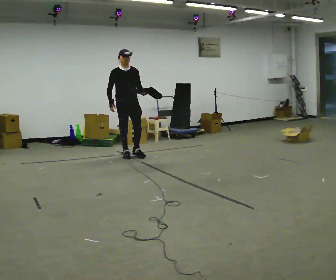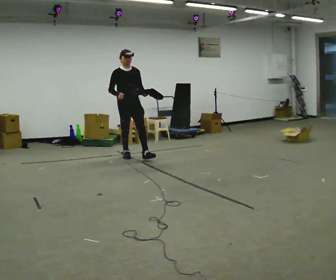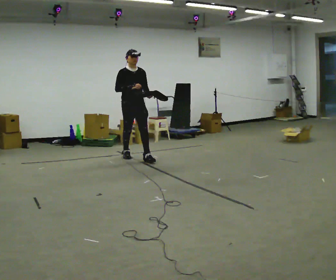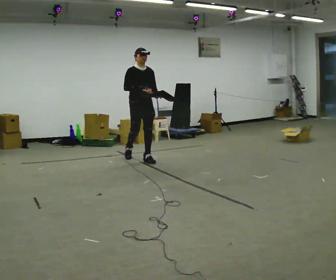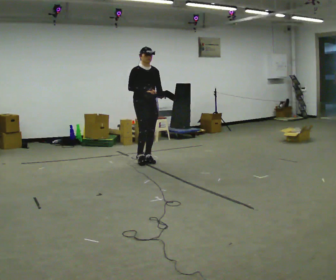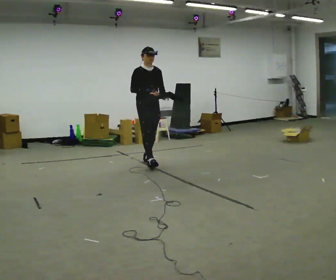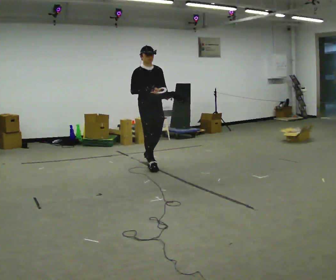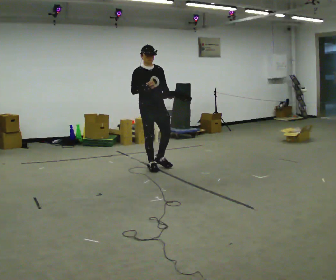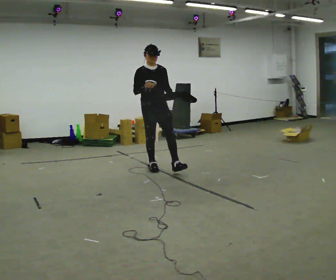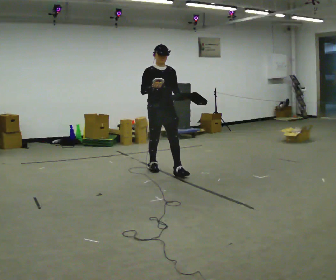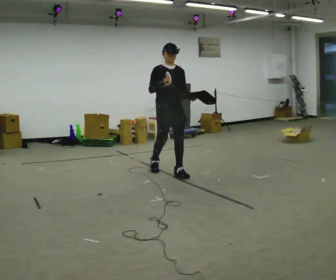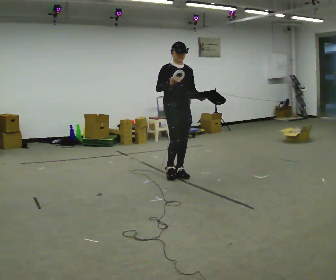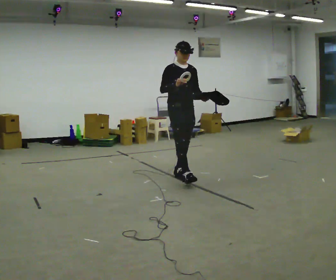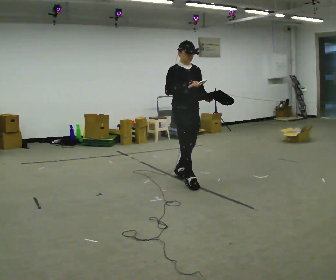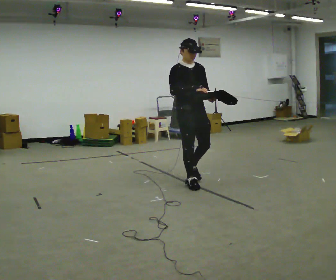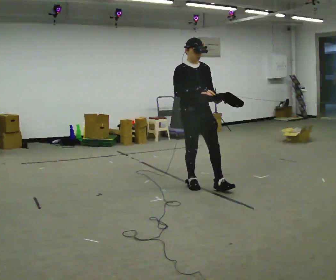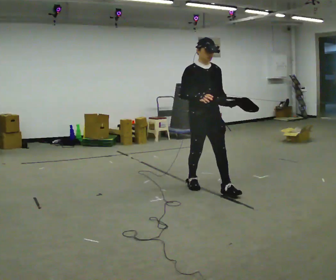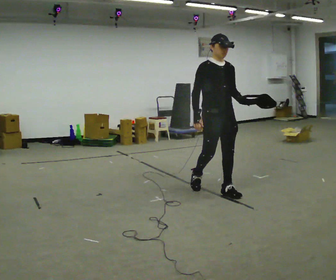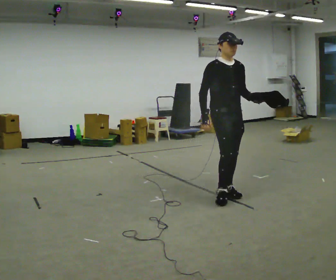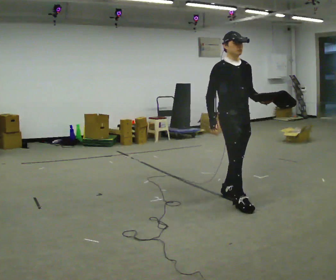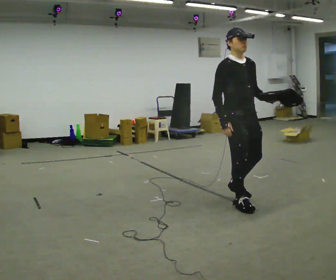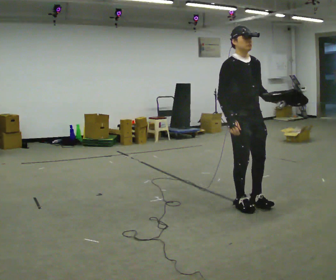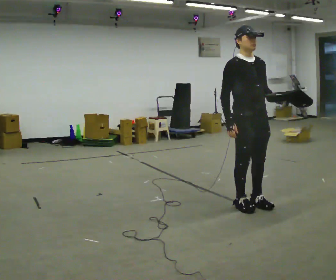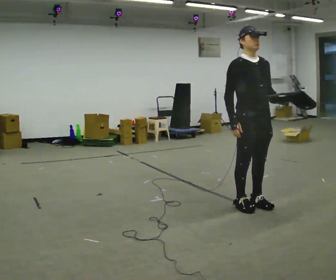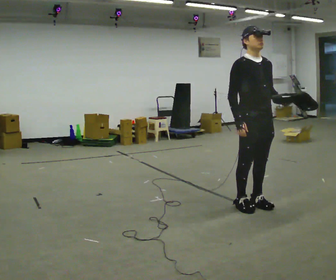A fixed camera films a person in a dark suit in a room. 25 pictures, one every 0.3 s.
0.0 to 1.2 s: In the picture they go toward the camera and to the right, about 0.5 m in 1 step, which for them is forward.
1.2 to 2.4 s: In the picture they go toward the camera, about 0.5 m in 1 step, which for them is forward.
2.4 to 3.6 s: In the picture they go toward the camera and to the right, about 0.5 m in 1 step, which for them is forward.
3.6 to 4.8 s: In the picture they go toward the camera and to the right, about 0.75 m in 2 steps, which for them is forward.
4.8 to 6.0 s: In the picture they go toward the camera and to the right, about 0.75 m in 1 step, which for them is forward.
6.0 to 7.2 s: The person moves a little, or ends about where they began.
The film runs forward here.
